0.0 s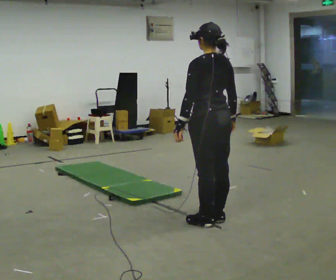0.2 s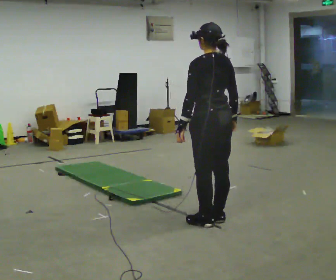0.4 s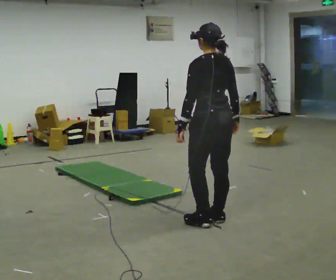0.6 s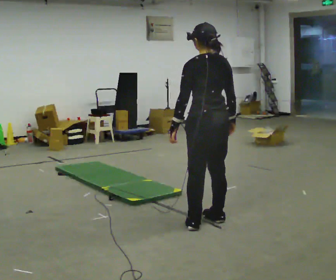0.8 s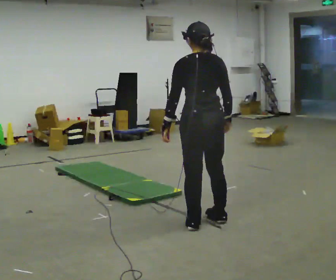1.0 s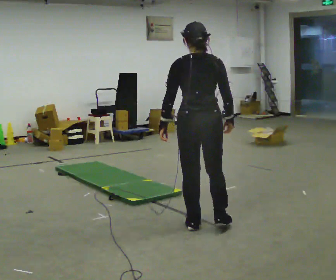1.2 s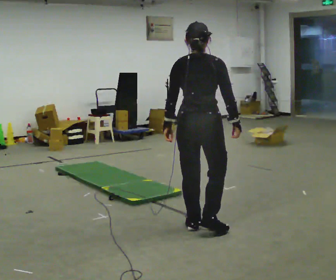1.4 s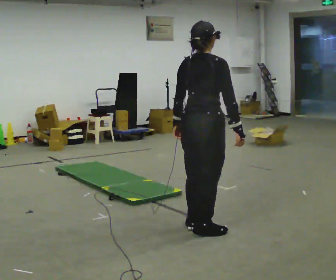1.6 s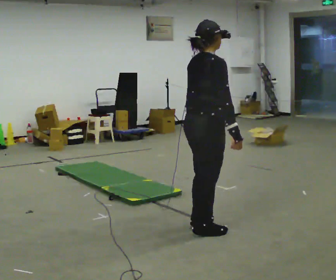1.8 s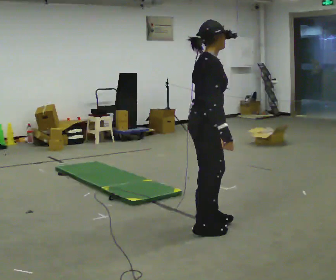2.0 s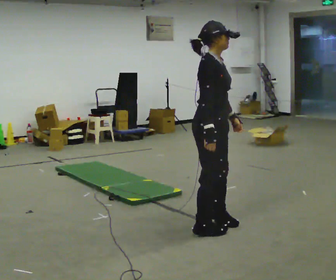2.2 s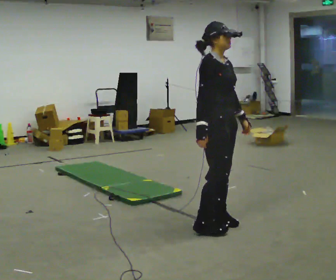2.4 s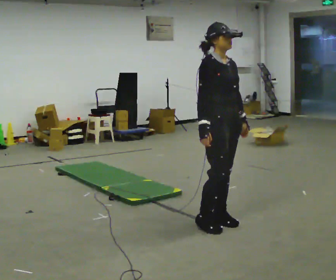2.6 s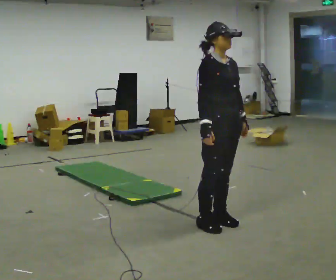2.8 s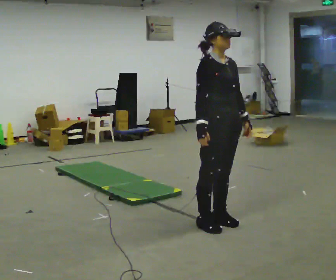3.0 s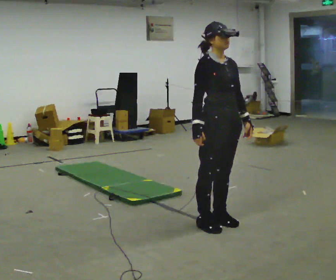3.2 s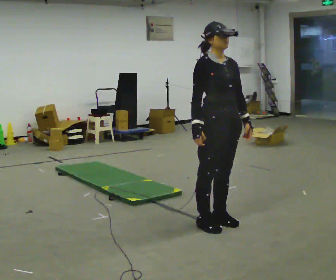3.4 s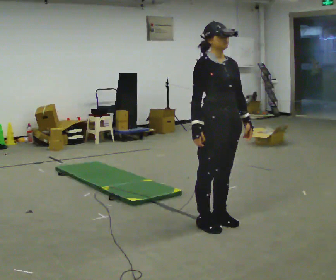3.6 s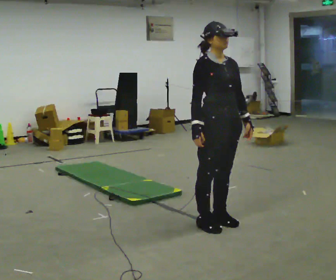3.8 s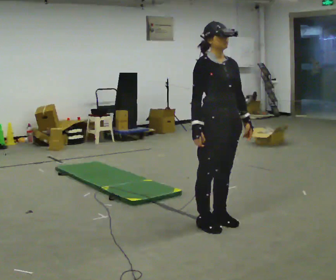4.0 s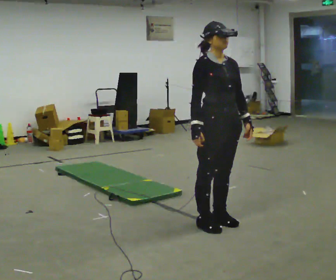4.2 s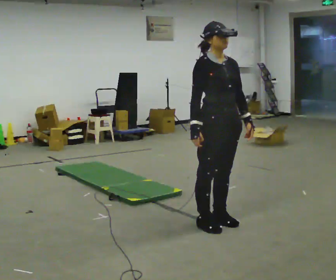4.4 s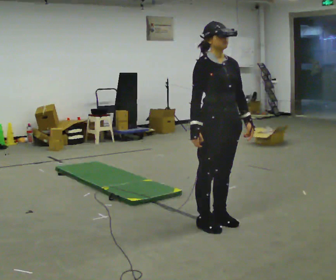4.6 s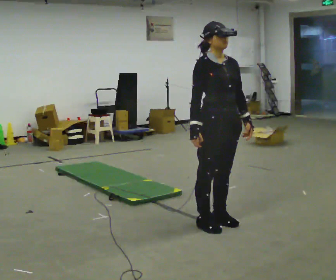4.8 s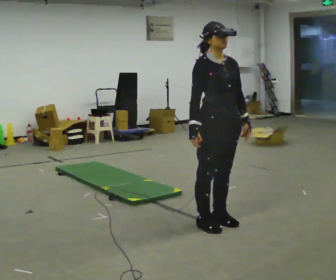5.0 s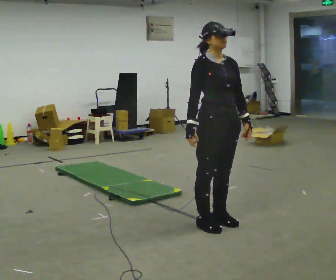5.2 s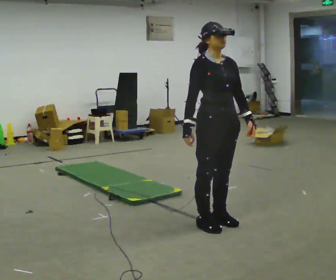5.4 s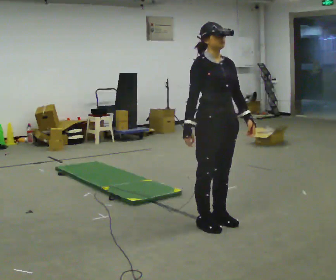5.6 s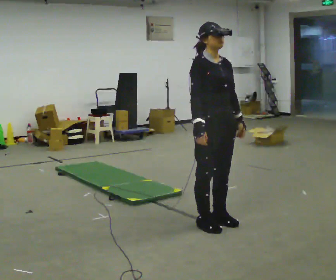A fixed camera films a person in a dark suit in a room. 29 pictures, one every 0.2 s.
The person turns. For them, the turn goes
to their right.
The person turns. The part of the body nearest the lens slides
to the left.
0.0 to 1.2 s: The person turns about 60 degrees to their right, clockwise seen from above, so the part of the body nearest the lens slides to the left. In the picture they go toward the camera, about 0.25 m in 1 step, which for them is to their left.
1.2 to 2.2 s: The person turns about 105 degrees to their right, clockwise seen from above, so the part of the body nearest the lens slides to the left.
2.2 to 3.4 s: The part of the body nearest the lens slides to the left as the person turns to their right by about 30 degrees.
3.4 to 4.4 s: The person keeps their place and pose.
4.4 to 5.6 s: The person moves a little, or ends about where they began.
The film runs backward here.
